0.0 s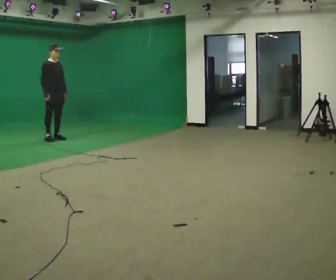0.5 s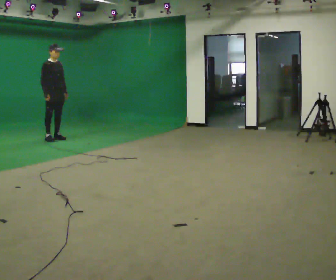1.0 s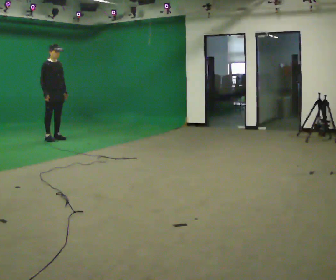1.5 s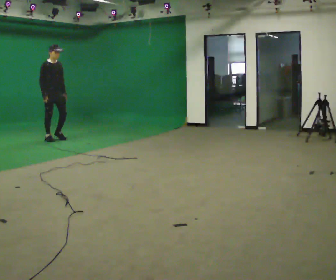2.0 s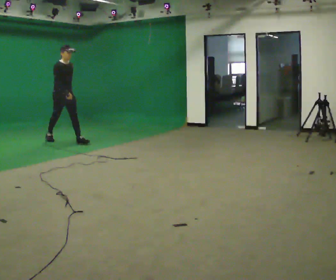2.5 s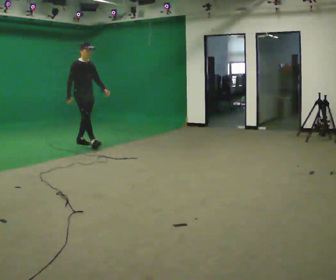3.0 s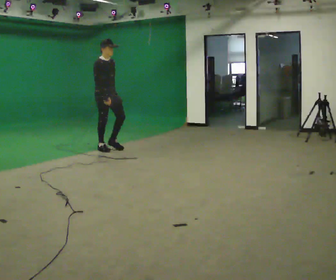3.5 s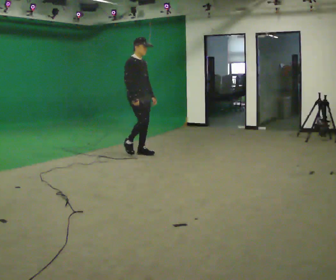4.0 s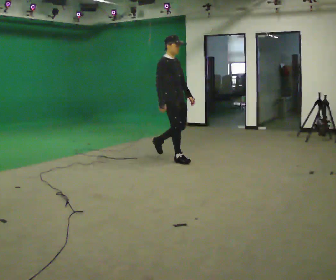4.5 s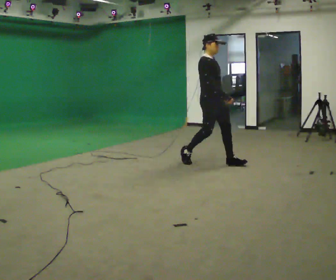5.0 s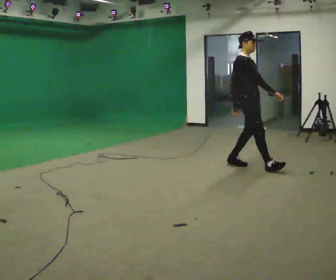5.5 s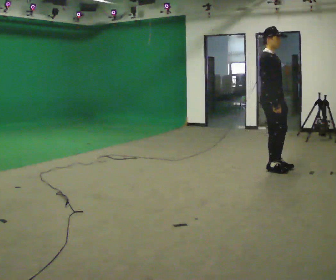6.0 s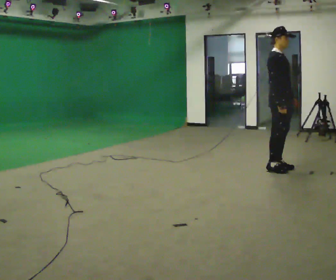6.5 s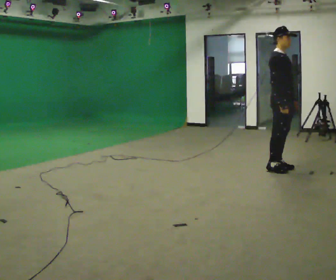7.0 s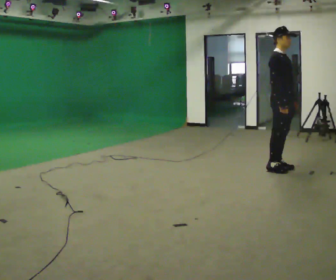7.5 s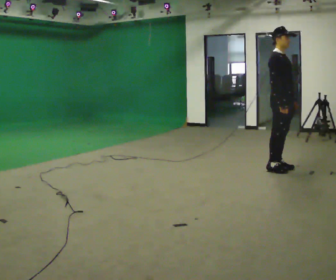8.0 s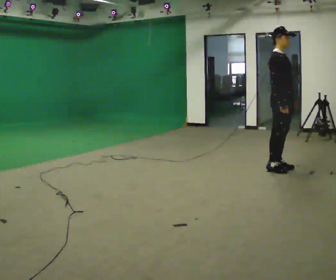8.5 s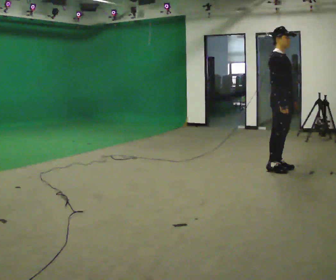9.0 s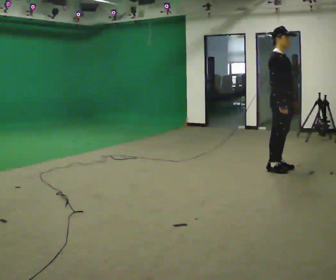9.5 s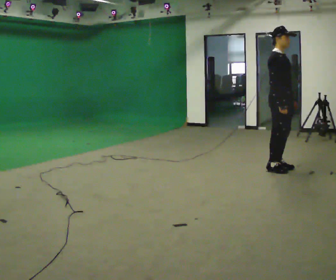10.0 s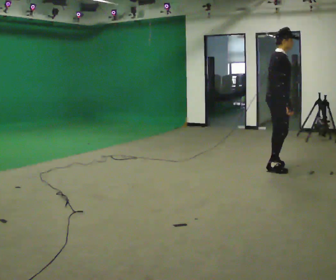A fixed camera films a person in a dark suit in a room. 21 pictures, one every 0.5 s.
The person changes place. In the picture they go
to the right.
0.0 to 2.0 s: In the picture they go to the right and toward the camera, about 0.25 m in 1 step, which for them is forward.
2.0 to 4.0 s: In the picture they go to the right, about 2.5 m in 3 steps, which for them is forward.
4.0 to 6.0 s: In the picture they go to the right, about 1.5 m in 3 steps, which for them is forward.
6.0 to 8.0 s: The person keeps their place and pose.
8.0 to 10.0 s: The person turns about 45 degrees to their left, counterclockwise seen from above, so the part of the body nearest the lens slides to the right.
The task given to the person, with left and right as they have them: Walk normally; at marked point stop as quickly as comfortably possible; remain still.
The film runs forward here.
